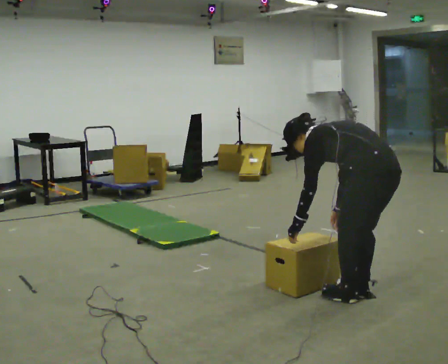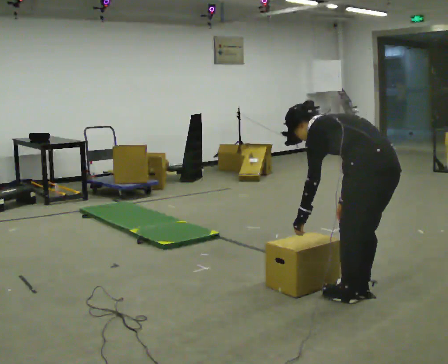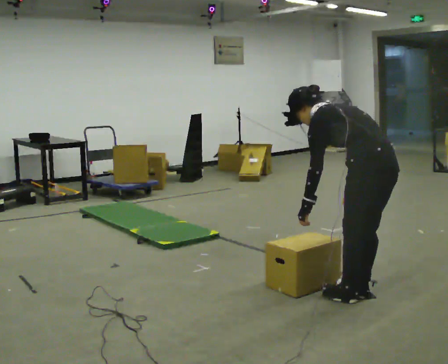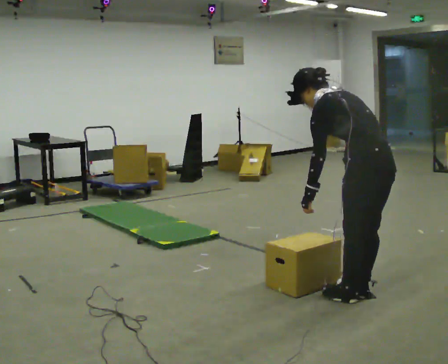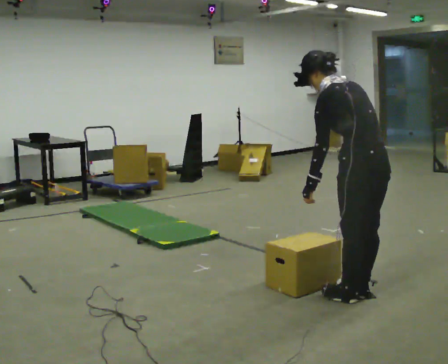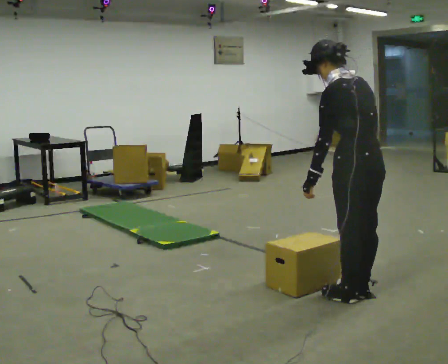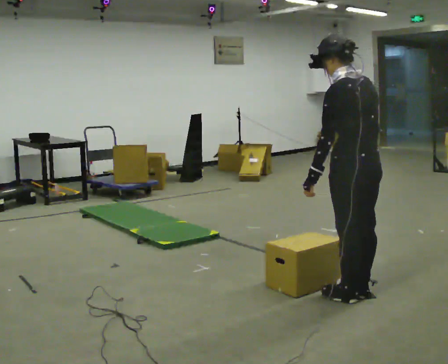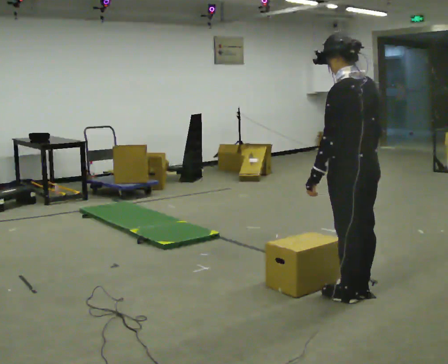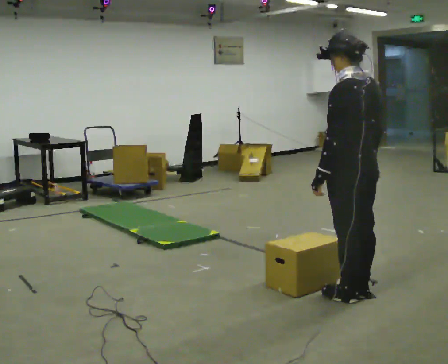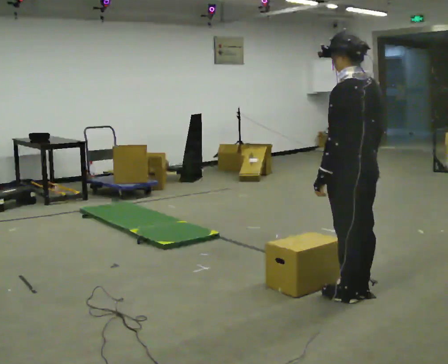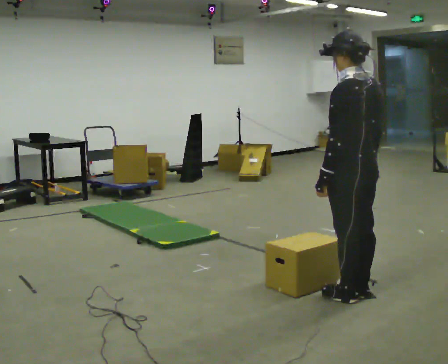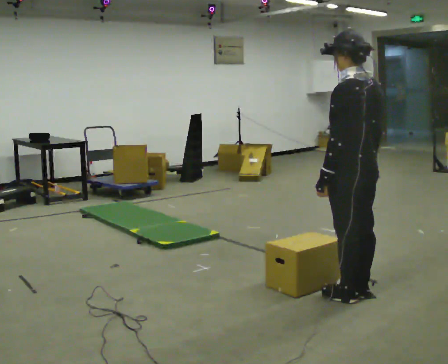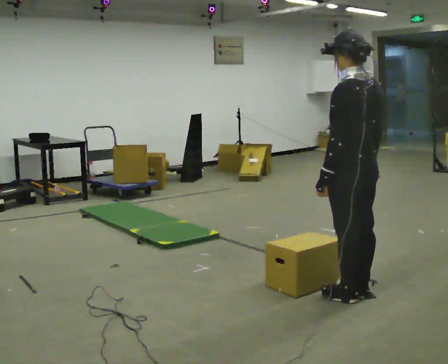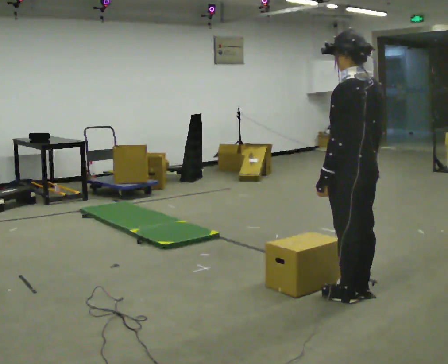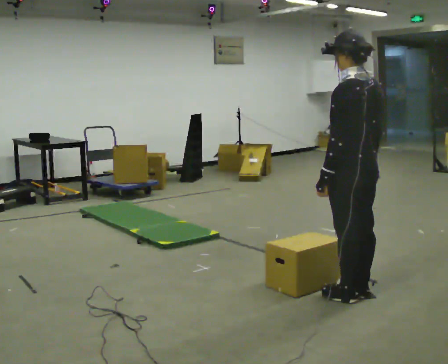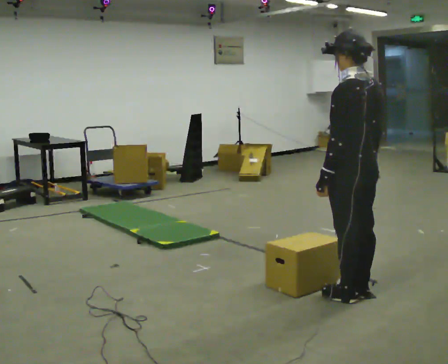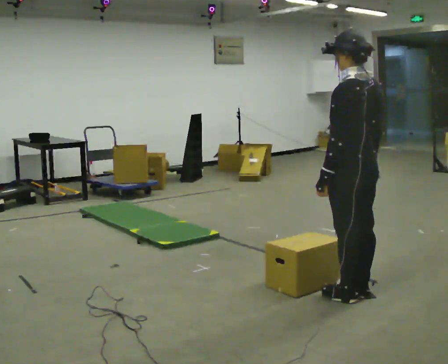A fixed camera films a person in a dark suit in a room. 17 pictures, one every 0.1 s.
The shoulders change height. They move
upward.
0.0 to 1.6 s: The upper body goes upward. In the picture the upper body tilts clockwise, shoulders to the right, as they lean back or straighten.
The film runs backward here.
